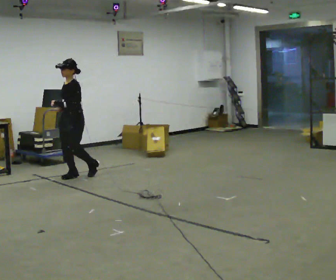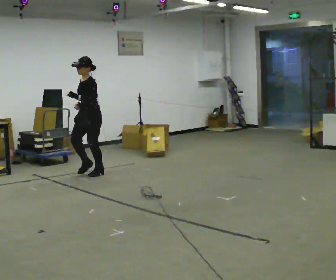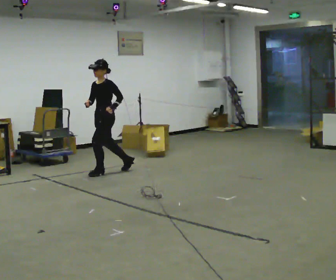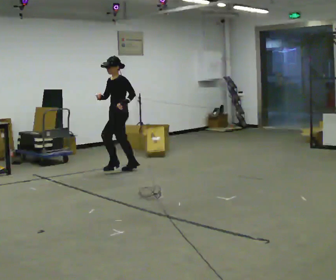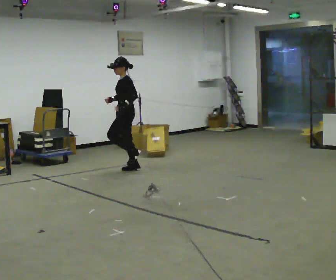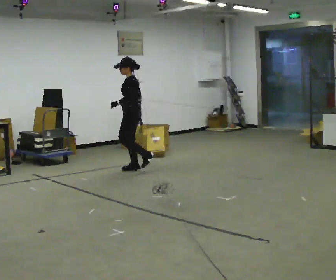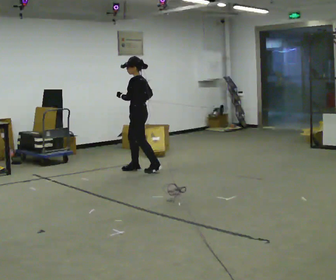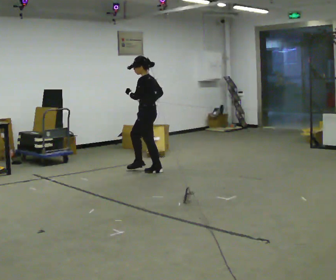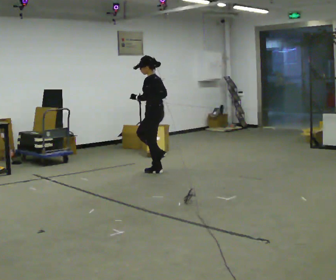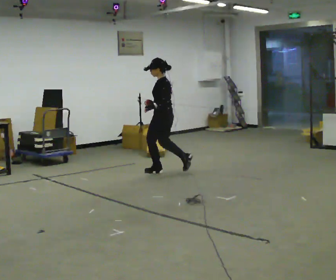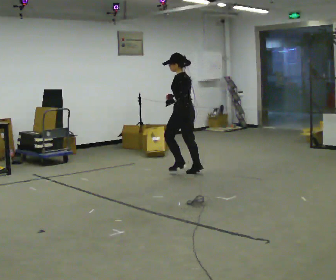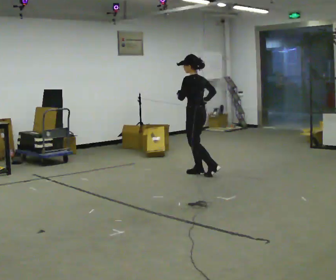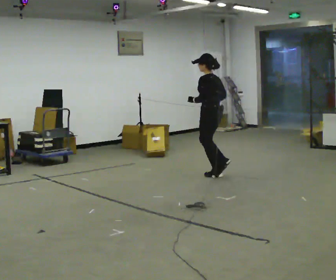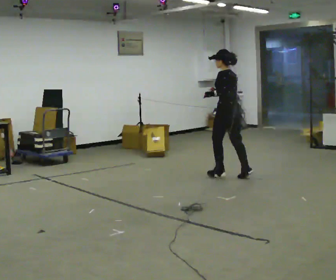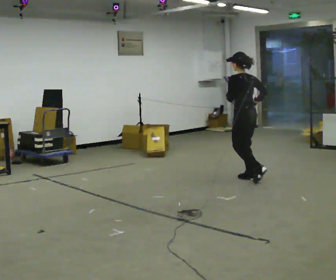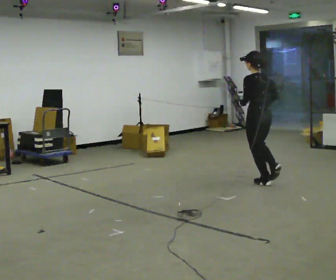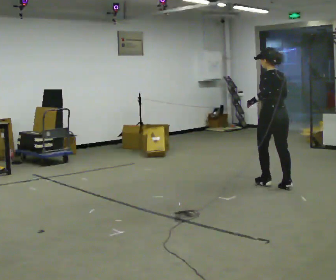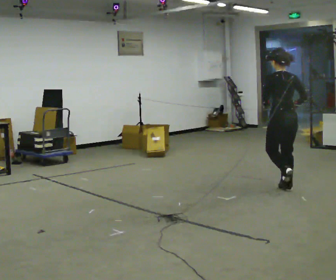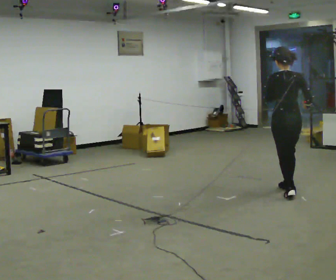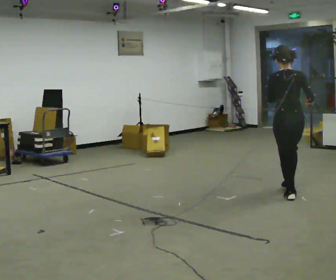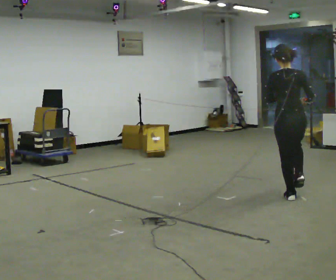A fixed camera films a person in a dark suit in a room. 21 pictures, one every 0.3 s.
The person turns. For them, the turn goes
to their right.
The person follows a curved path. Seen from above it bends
clockwise.
0.0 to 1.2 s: The part of the body nearest the lens slides to the left as the person turns to their right by about 30 degrees. In the picture they go to the right and away from the camera, about 1 m in 2 steps, which for them is backward.
1.2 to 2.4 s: The person turns about 30 degrees to their right, clockwise seen from above, so the part of the body nearest the lens slides to the left. In the picture they go to the right, about 0.5 m in 1 step, which for them is backward.
2.4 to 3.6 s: In the picture they go to the right and toward the camera, about 1 m in 2 steps, which for them is backward.
3.6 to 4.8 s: The part of the body nearest the lens slides to the left as the person turns to their right by about 30 degrees. In the picture they go toward the camera and to the right, about 1 m in 3 steps, which for them is backward.
4.8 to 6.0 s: The person turns about 30 degrees to their right, clockwise seen from above, so the part of the body nearest the lens slides to the left. In the picture they go toward the camera, about 0.5 m in 1 step, which for them is backward.
The film runs backward here.
